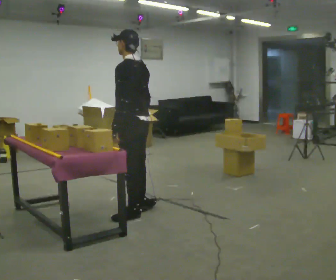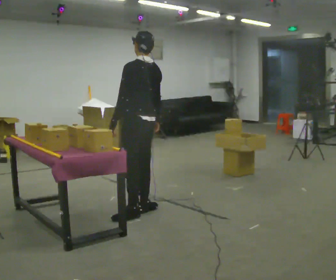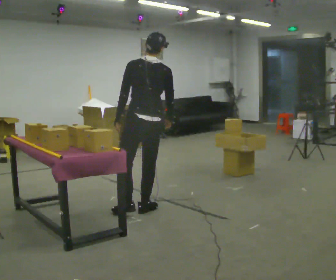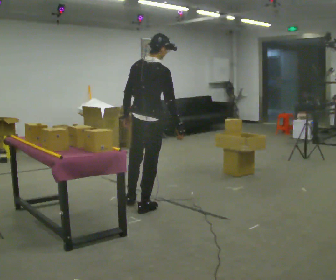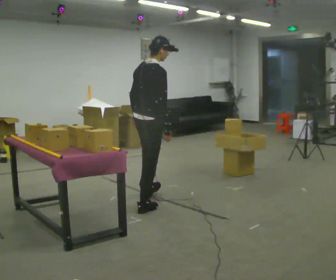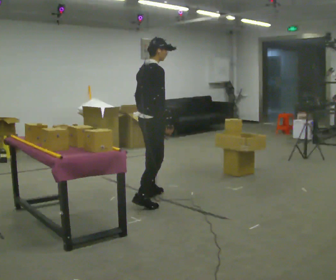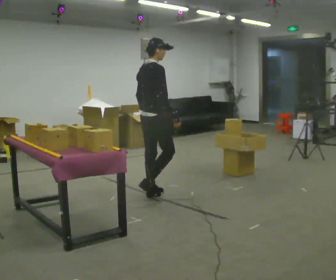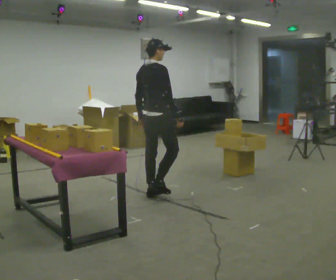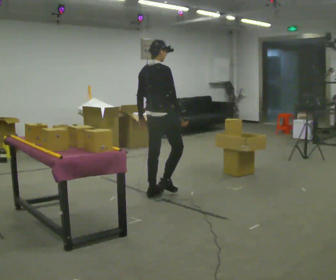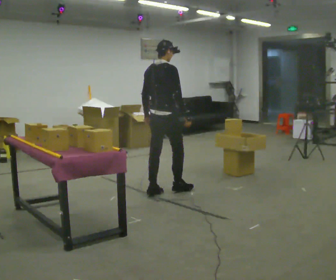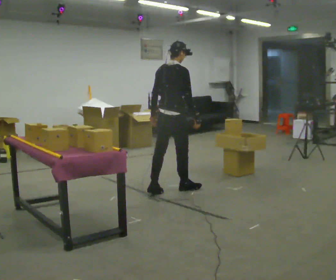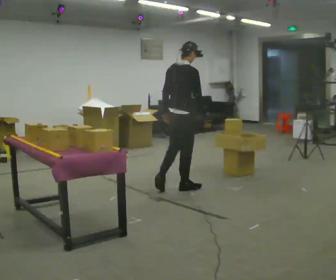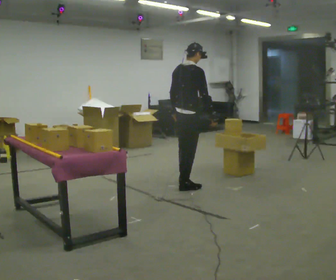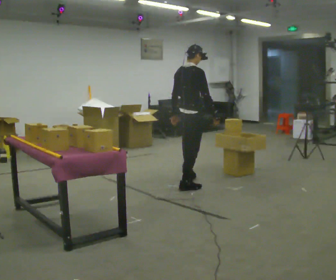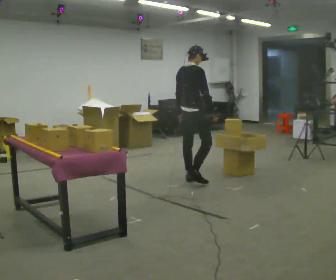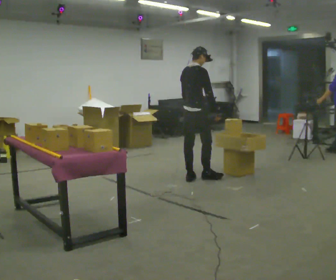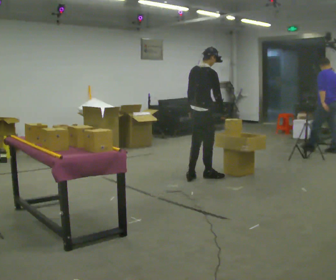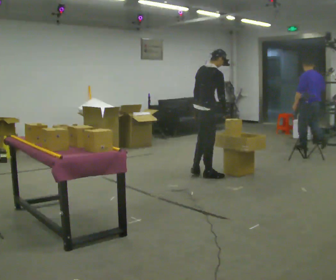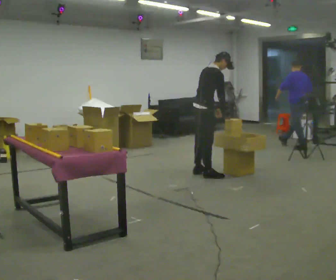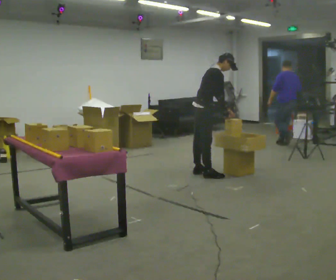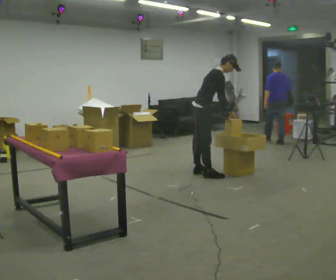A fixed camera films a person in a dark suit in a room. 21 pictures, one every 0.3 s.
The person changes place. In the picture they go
away from the camera.
0.0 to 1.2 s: Seen from above the body turns clockwise, about 120 degrees: to their right, with its near side sliding to the left. In the picture they go away from the camera, about 0.25 m in 1 step.
1.2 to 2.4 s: In the picture they go away from the camera, about 0.5 m, which for them is forward and to their left.
2.4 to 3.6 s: In the picture they go to the right and away from the camera, about 0.5 m in 1 step, which for them is forward.
3.6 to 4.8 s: In the picture they go away from the camera and to the right, about 0.5 m in 2 steps, which for them is forward and to their left.
4.8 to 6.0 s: The person turns about 30 degrees to their right, clockwise seen from above, so the part of the body nearest the lens slides to the left. In the picture they go away from the camera, about 0.25 m in 1 step, which for them is to their left. In the picture the upper body tilts clockwise, shoulders to the right, as they bend forward. In the picture their left hand goes to the right.
The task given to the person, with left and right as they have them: Carry the object over and fit it into the gap between the two boxes already on the shelf, without touching either of them. Keep going until the operator says stop; one object at a time, and do not rush between trips.
The film runs forward here.
